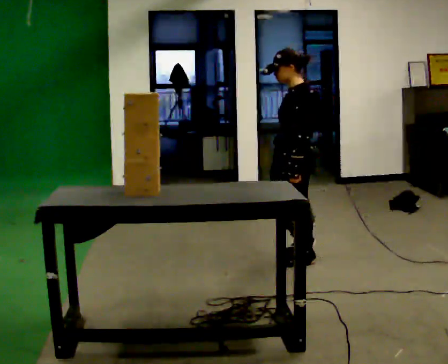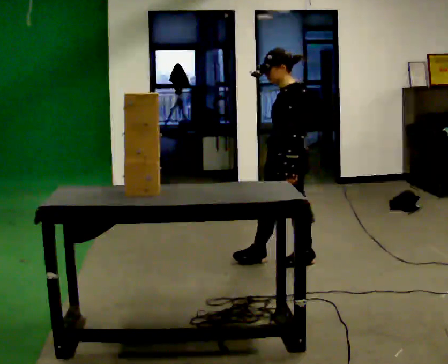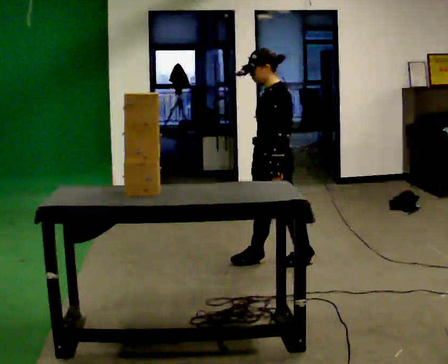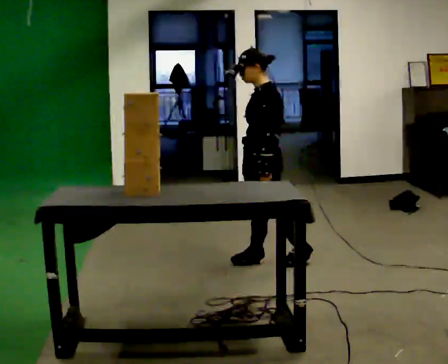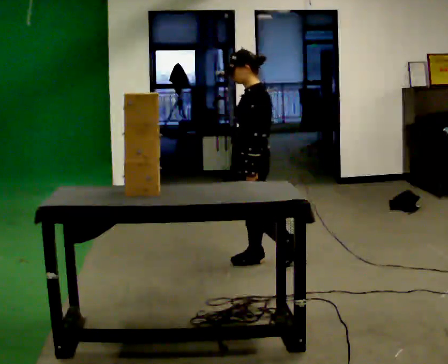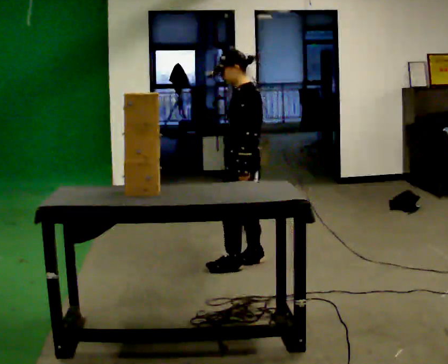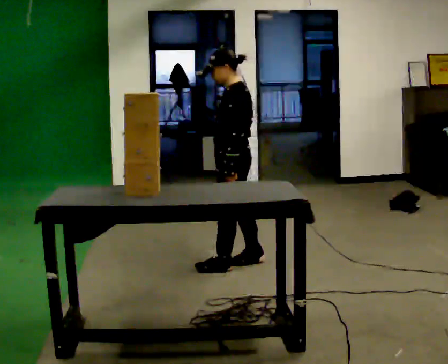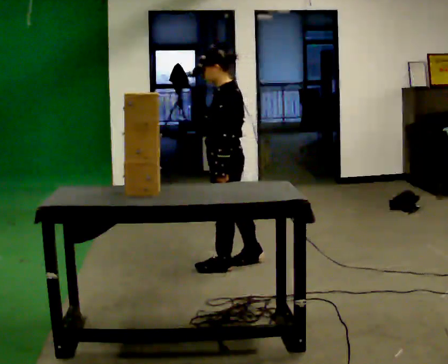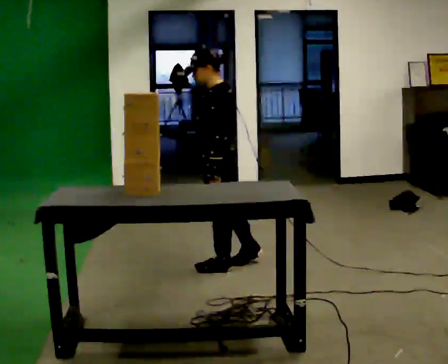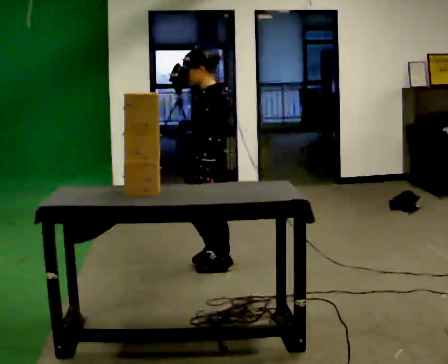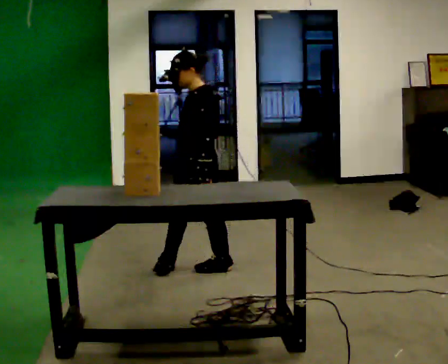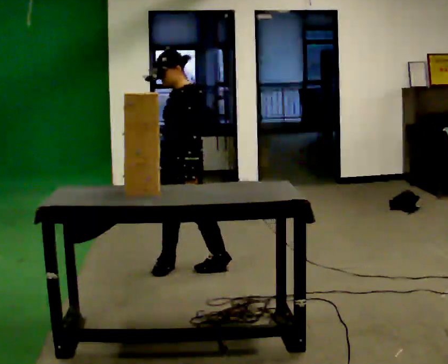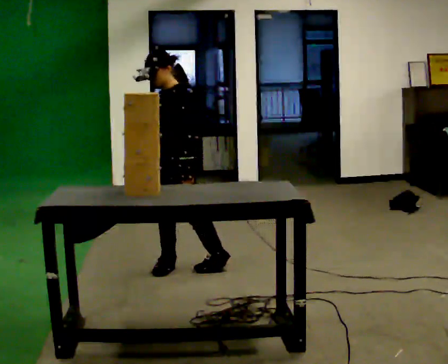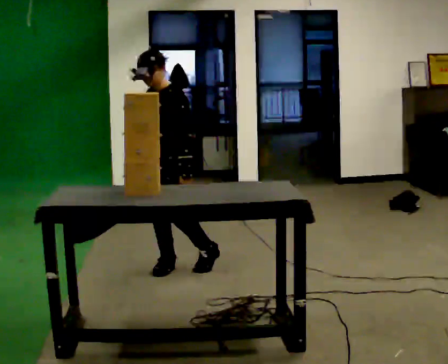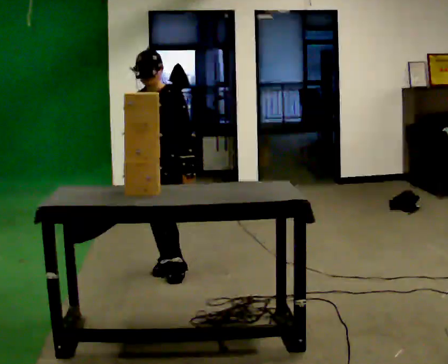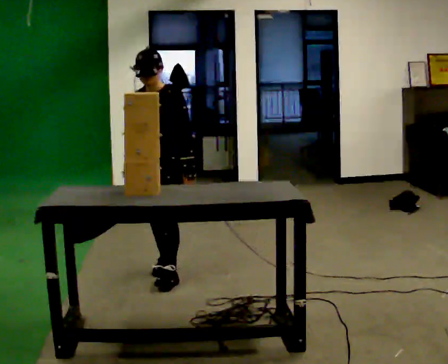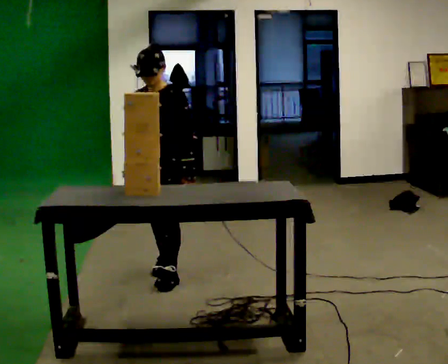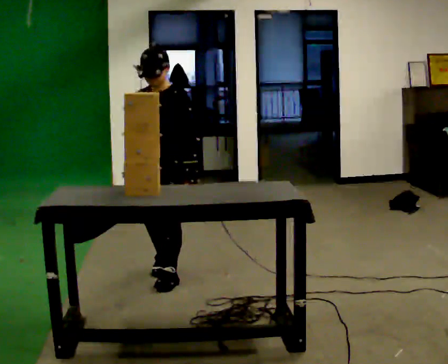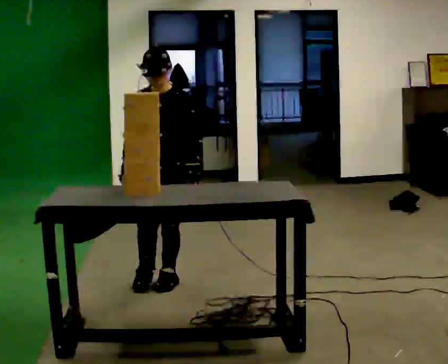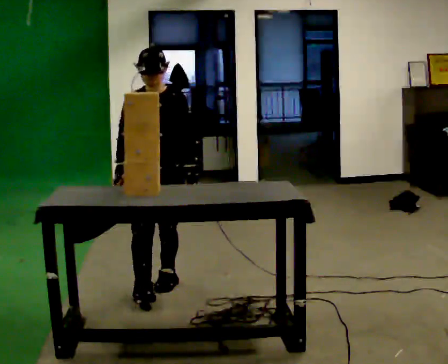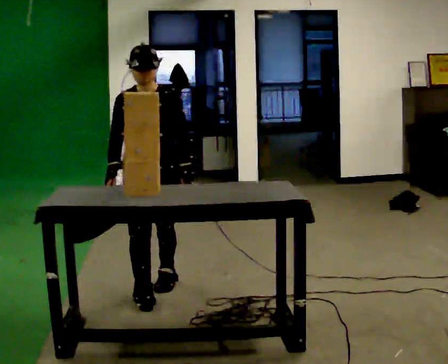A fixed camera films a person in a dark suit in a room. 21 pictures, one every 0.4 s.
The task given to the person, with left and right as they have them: Bring the boxes over one at a time and stack them on top of each other, walking back for each one. Keep going until the operator says stop; one object at a time, and do not rush between trips.
0.0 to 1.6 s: In the picture they go to the left, about 0.25 m in 1 step, which for them is forward and to their right.
1.6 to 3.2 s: In the picture they go to the left, about 0.25 m in 1 step, which for them is forward.
3.2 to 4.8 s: The person turns about 30 degrees to their left, counterclockwise seen from above, so the part of the body nearest the lens slides to the right. In the picture they go to the left, about 0.25 m in 1 step, which for them is forward.
4.8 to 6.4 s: The person turns about 30 degrees to their left, counterclockwise seen from above, so the part of the body nearest the lens slides to the right. In the picture they go toward the camera, about 0.25 m in 1 step, which for them is forward.
6.4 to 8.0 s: In the picture they go toward the camera, about 0.25 m in 1 step, which for them is forward.
The film runs forward here.
